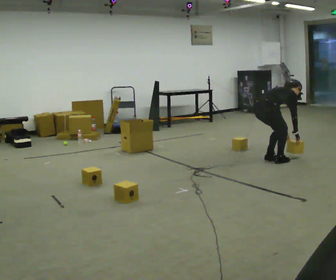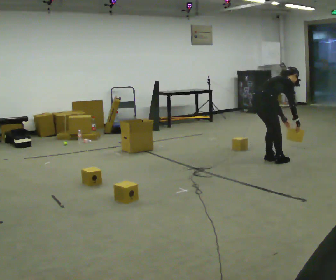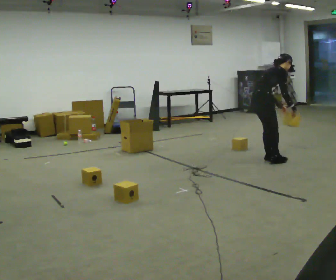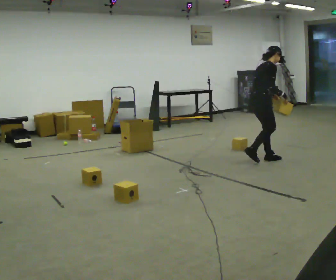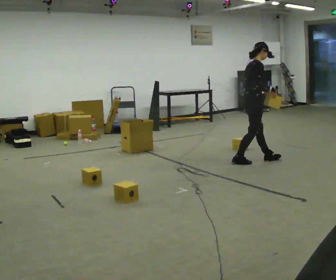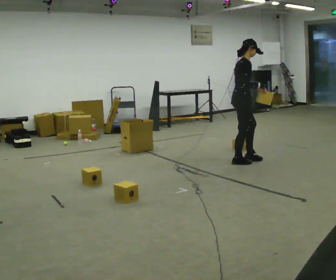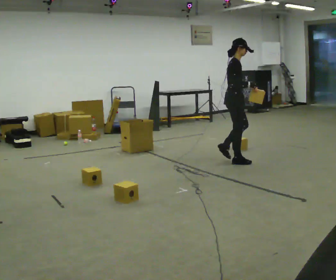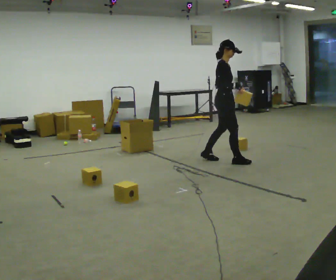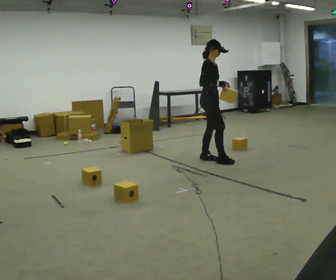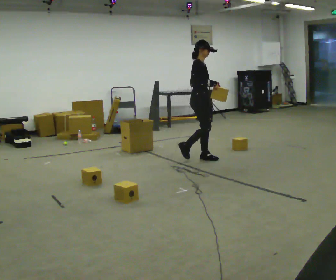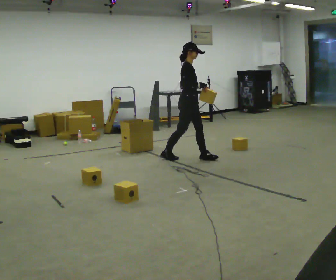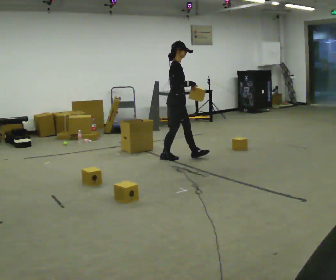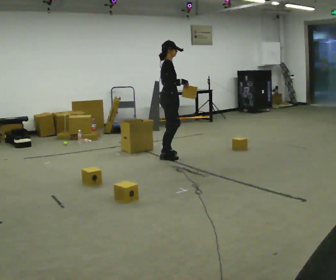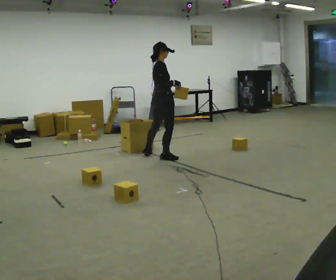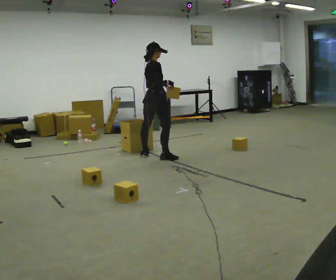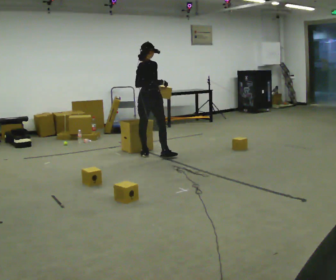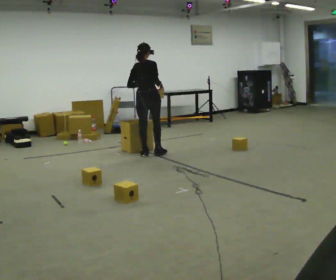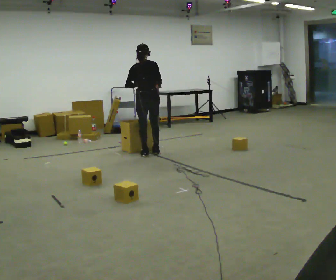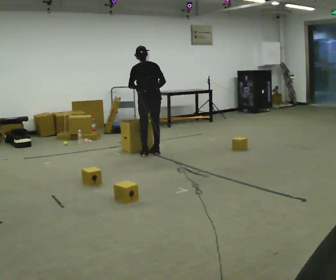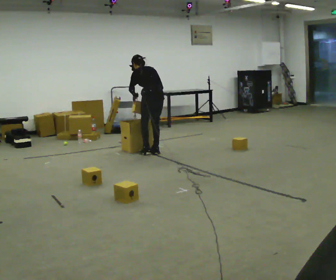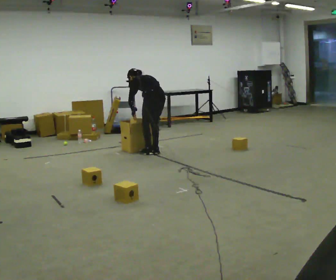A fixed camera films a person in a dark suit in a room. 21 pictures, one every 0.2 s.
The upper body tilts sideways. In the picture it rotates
counterclockwise.
The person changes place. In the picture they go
to the left.
0.0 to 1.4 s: The person turns about 30 degrees to their right, clockwise seen from above, so the part of the body nearest the lens slides to the left. In the picture they go to the left, about 0.5 m in 2 steps, which for them is backward and to their left. The shoulders move upward. In the picture the upper body tilts counterclockwise, shoulders to the left, as they lean back or straighten. In the picture their left hand goes upward.
1.4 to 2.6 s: Seen from above the body turns counterclockwise, about 30 degrees: to their left, with its near side sliding to the right. In the picture they go to the left, about 1 m in 2 steps, which for them is backward.
2.6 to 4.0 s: Seen from above the body turns counterclockwise, about 105 degrees: to their left, with its near side sliding to the right. In the picture they go away from the camera, about 0.25 m in 1 step. The upper body goes downward. The upper body tips away from the camera, its near side rolling upward, as they bend forward. In the picture their right hand goes downward.
The film runs backward here.
